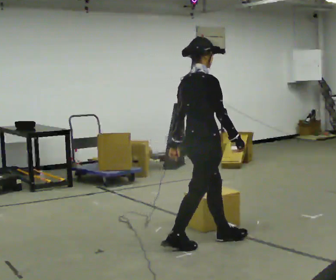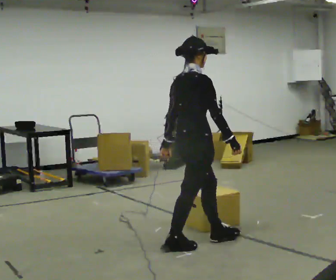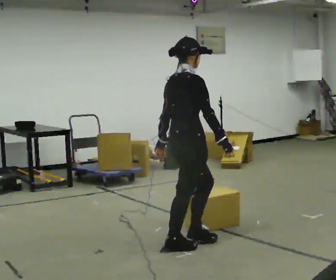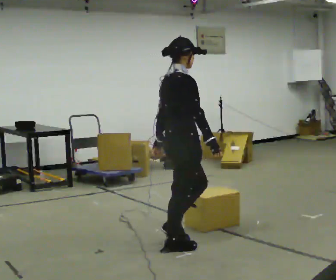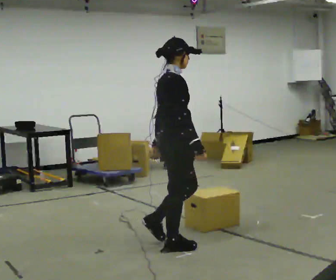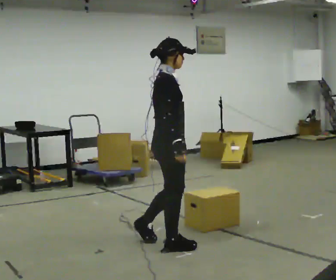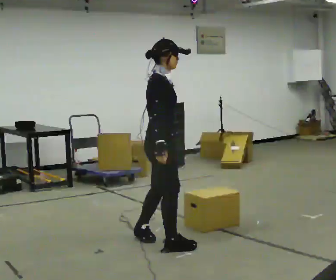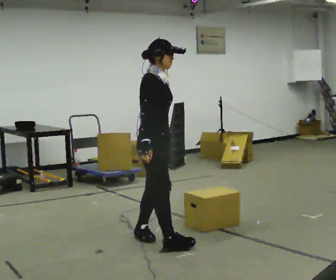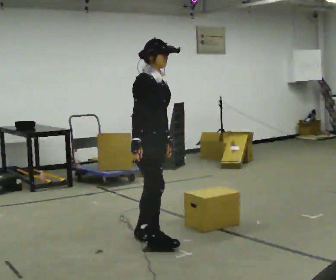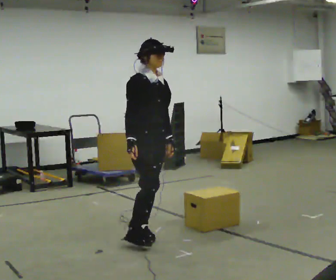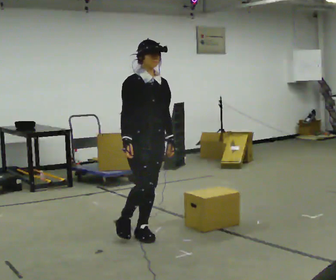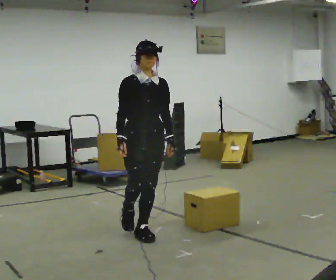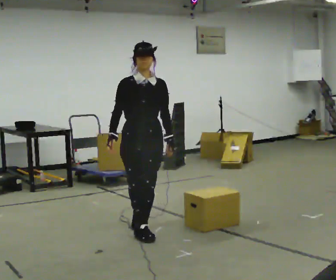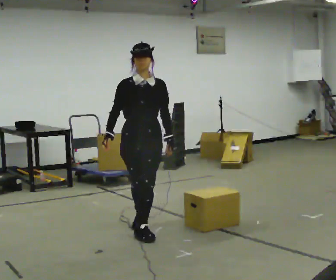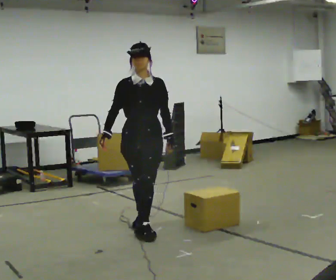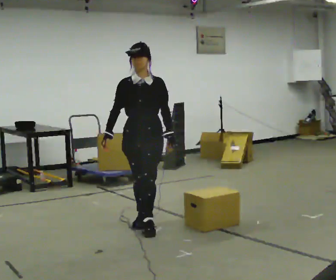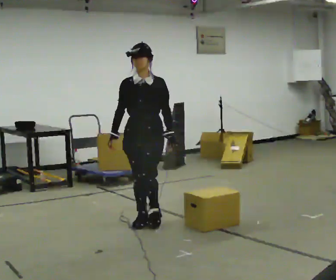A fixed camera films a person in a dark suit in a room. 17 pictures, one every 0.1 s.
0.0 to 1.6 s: The person turns about 120 degrees to their right, clockwise seen from above, so the part of the body nearest the lens slides to the left. In the picture they go away from the camera and to the left, about 1 m in 3 steps.
The film runs backward here.
